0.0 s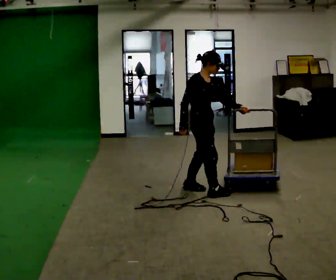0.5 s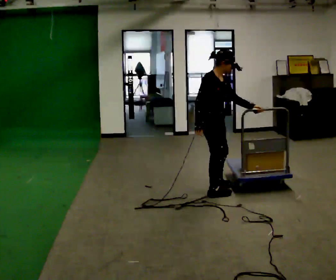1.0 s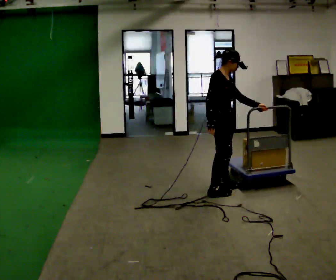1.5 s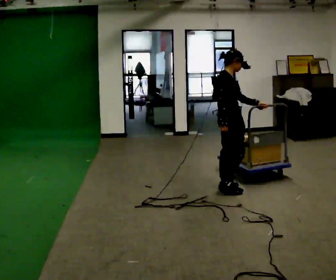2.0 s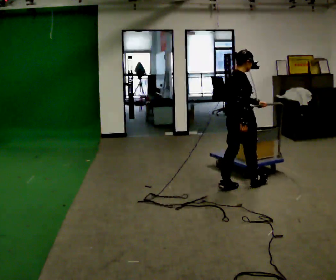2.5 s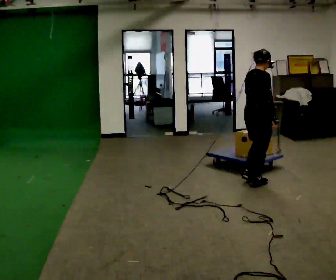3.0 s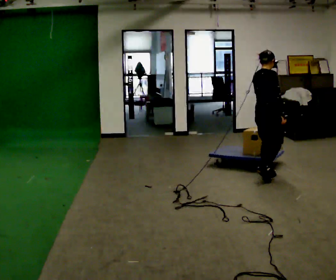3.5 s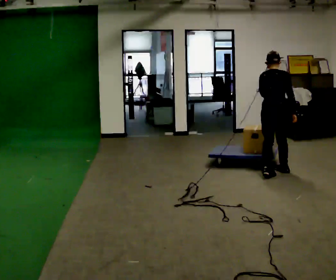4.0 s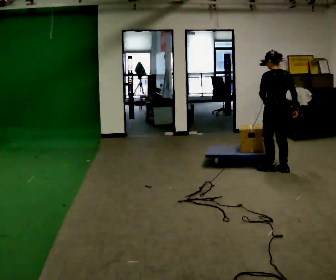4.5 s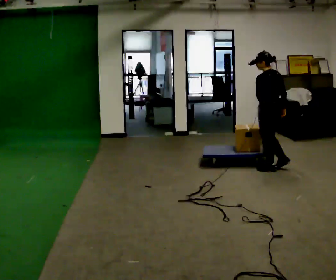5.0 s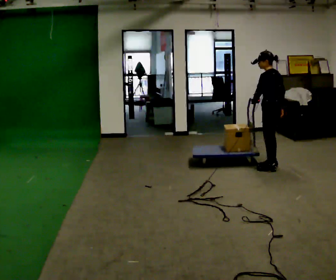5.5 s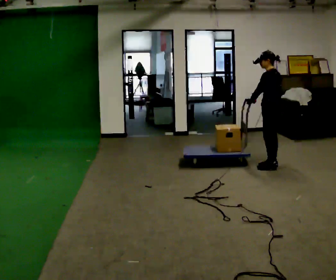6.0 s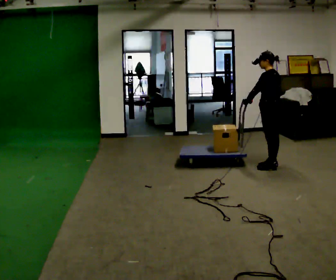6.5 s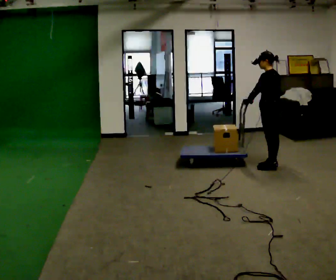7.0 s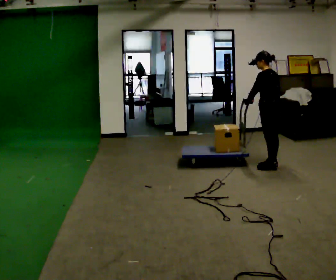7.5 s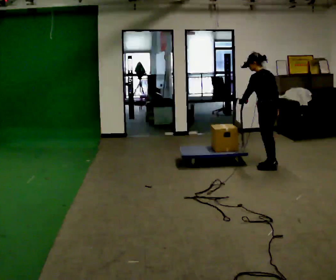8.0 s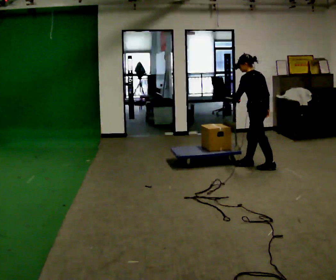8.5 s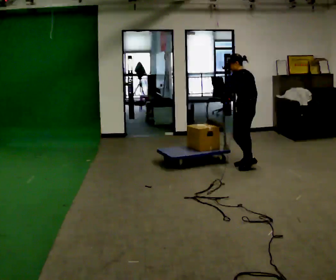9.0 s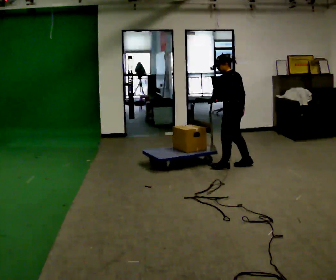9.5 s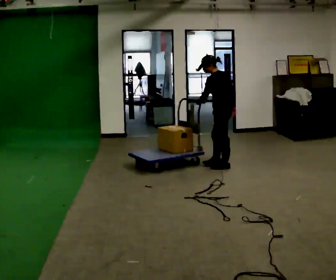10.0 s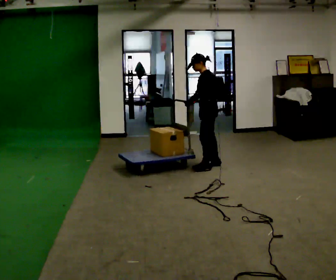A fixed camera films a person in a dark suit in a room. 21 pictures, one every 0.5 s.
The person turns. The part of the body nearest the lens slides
to the right.
The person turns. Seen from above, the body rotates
counterclockwise.
0.0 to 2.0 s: Seen from above the body turns counterclockwise, about 45 degrees: to their left, with its near side sliding to the right. In the picture they go to the right and away from the camera, about 0.5 m in 2 steps, which for them is forward.
2.0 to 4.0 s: The person turns about 90 degrees to their left, counterclockwise seen from above, so the part of the body nearest the lens slides to the right. In the picture they go away from the camera and to the right, about 1 m in 3 steps.
4.0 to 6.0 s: Seen from above the body turns counterclockwise, about 30 degrees: to their left, with its near side sliding to the right. In the picture they go away from the camera, about 0.25 m in 1 step, which for them is to their right.
6.0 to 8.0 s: In the picture they go to the left, about 0.25 m in 1 step, which for them is forward.
8.0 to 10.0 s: The part of the body nearest the lens slides to the right as the person turns to their left by about 30 degrees. In the picture they go to the left, about 0.5 m in 2 steps, which for them is forward.
The film runs forward here.
